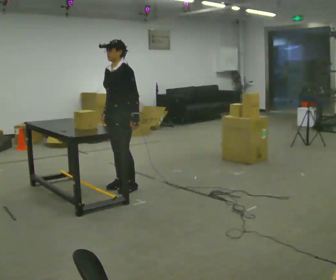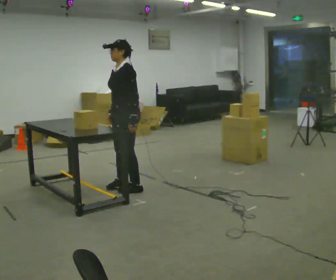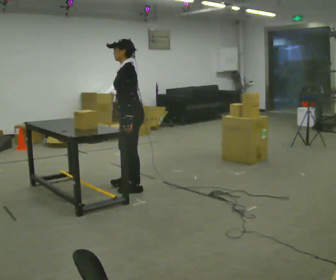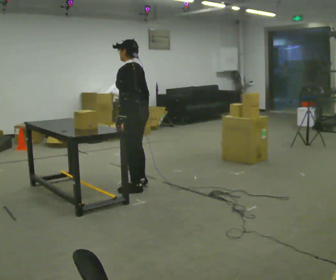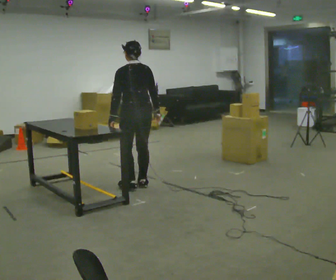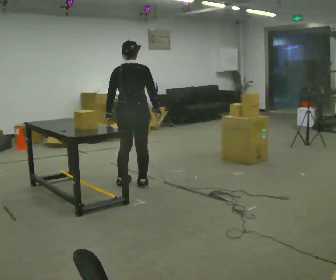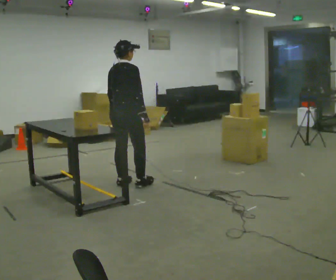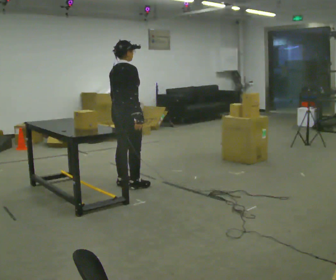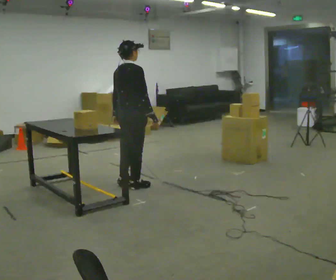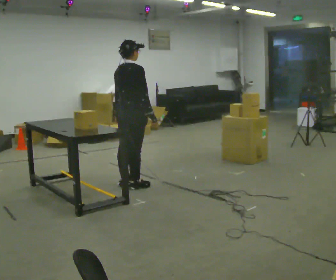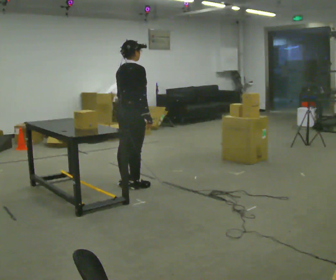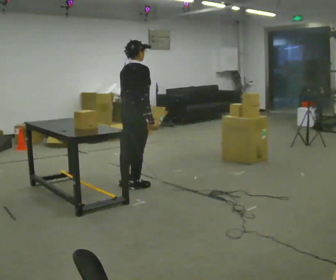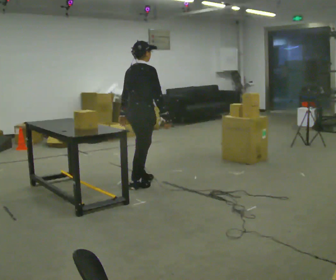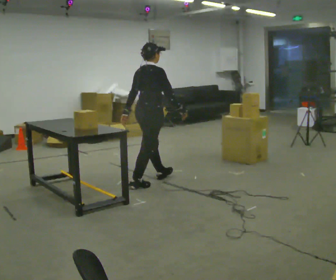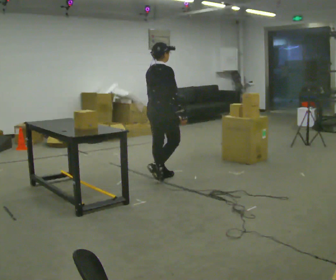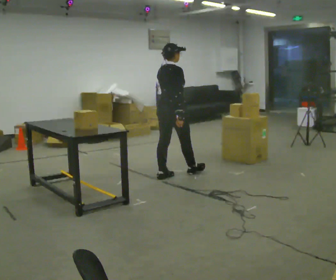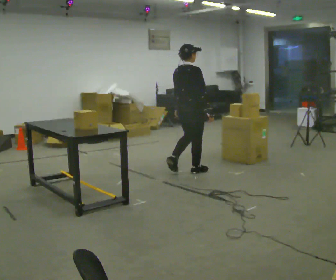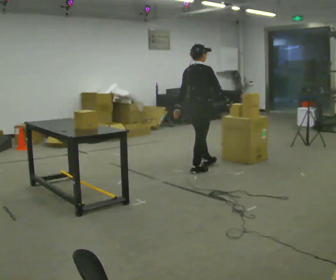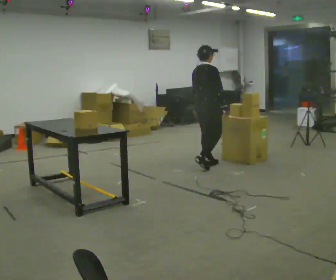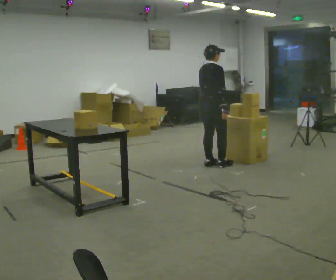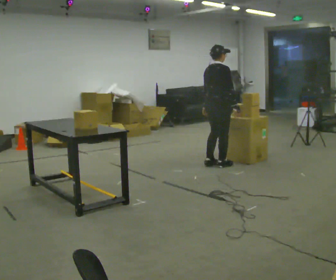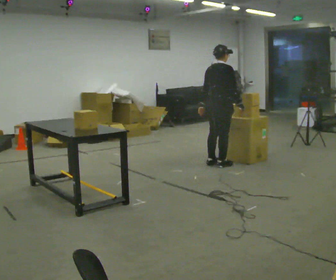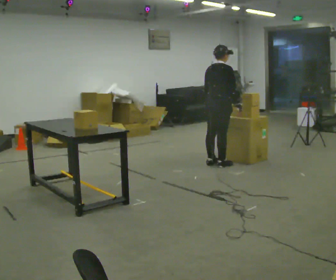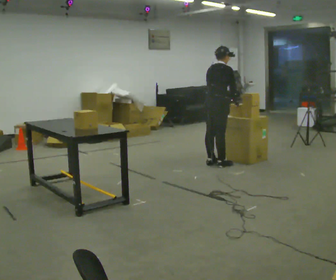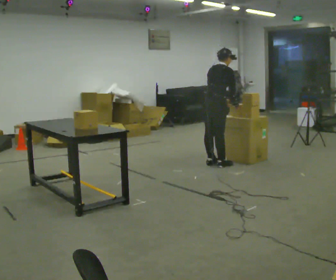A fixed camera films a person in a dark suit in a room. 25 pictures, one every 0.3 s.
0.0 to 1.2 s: Seen from above the body turns clockwise, about 105 degrees: to their right, with its near side sliding to the left. In the picture they go to the right, about 0.25 m in 1 step.
1.2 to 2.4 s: The person turns about 75 degrees to their right, clockwise seen from above, so the part of the body nearest the lens slides to the left.
2.4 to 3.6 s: The person moves a little, or ends about where they began.
3.6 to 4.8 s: In the picture they go to the right and away from the camera, about 1 m in 2 steps, which for them is forward.
4.8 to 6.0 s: In the picture they go to the right and away from the camera, about 0.5 m in 2 steps, which for them is forward.
6.0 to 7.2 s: In the picture the upper body tilts clockwise, shoulders to the right, as they bend forward.
The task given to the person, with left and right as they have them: Move objects one at a time from the waist-height shelf at one end of the room to the waist-height shelf at the other end. Keep going until the operator says stop; one object at a time, and do not rush between trips.
The film runs forward here.
